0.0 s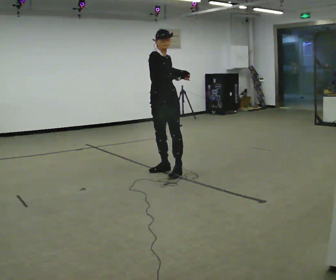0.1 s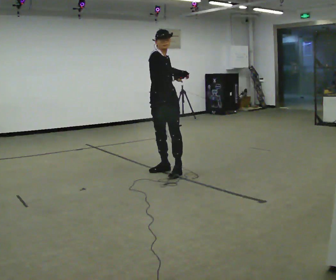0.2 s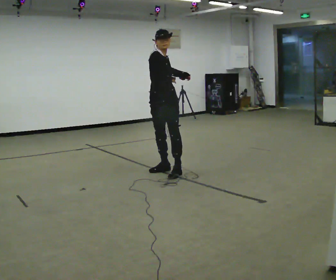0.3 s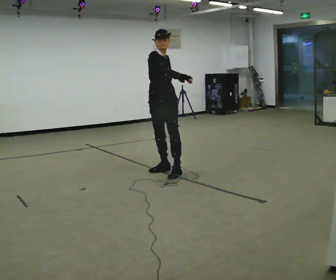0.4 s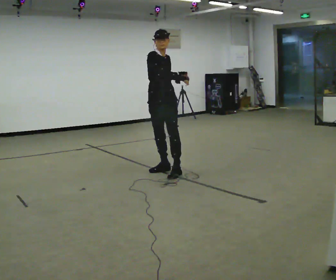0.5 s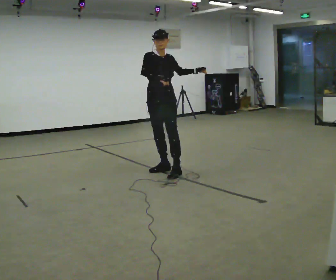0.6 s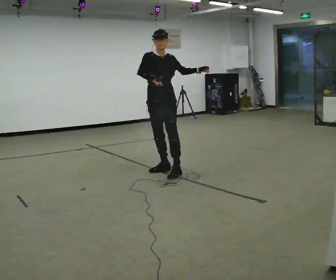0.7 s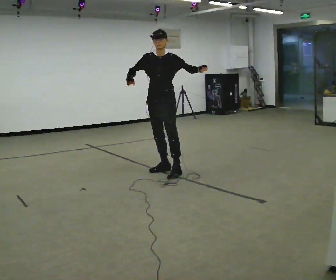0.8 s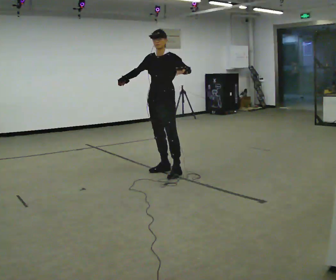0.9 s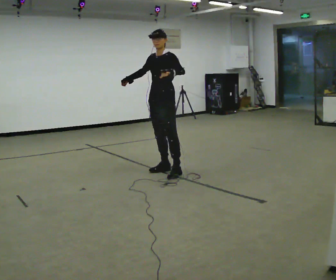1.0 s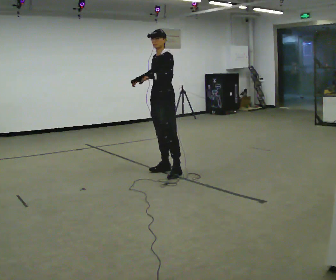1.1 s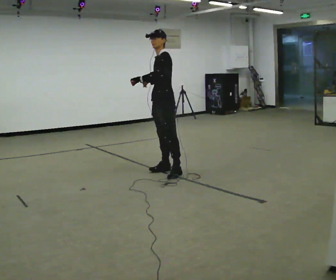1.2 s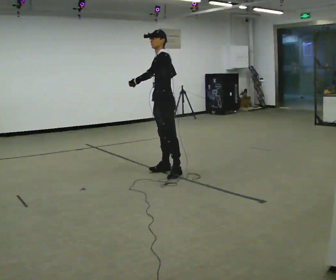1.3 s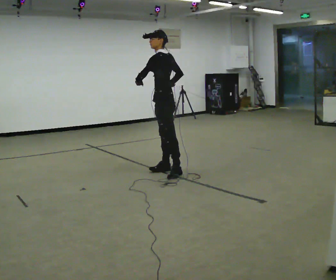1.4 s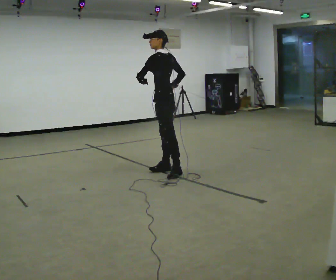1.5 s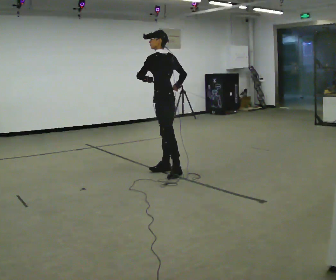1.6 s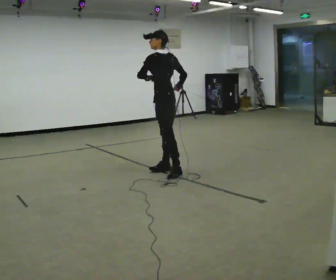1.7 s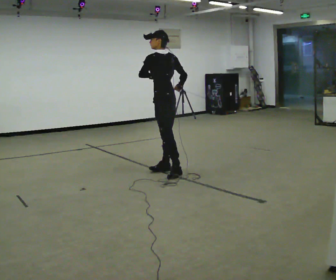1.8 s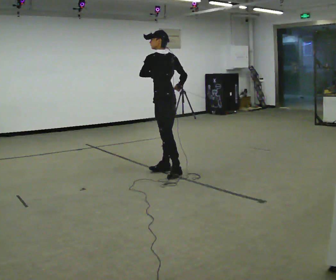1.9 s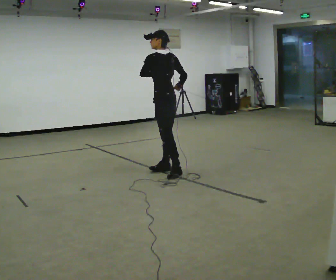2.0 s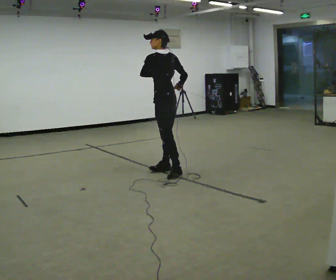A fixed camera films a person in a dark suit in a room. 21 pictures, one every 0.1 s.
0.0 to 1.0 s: The part of the body nearest the lens slides to the left as the person turns to their right by about 90 degrees. In the picture their left hand goes to the left.
1.0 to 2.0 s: Seen from above the body turns clockwise, about 75 degrees: to their right, with its near side sliding to the left.
The film runs backward here.
